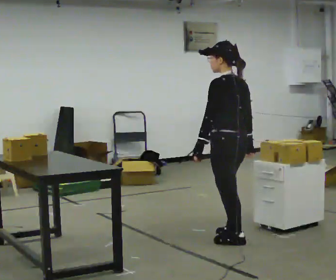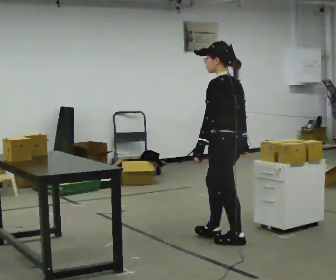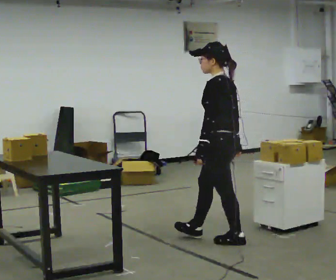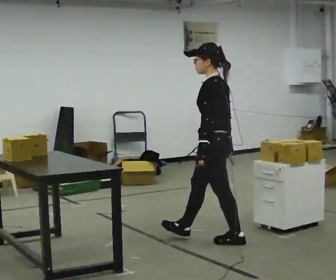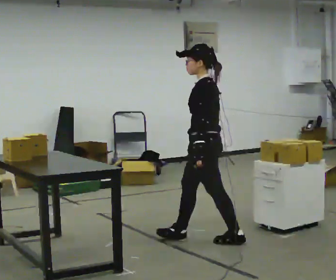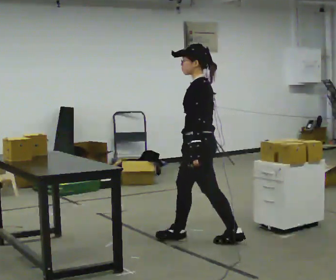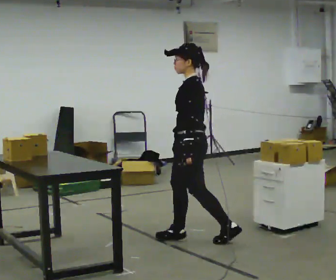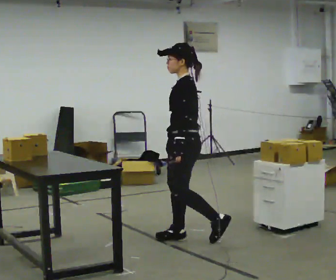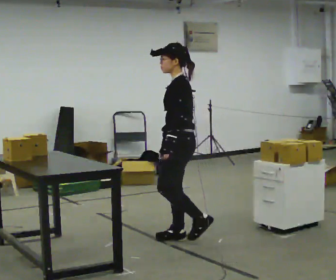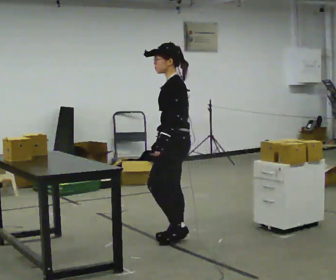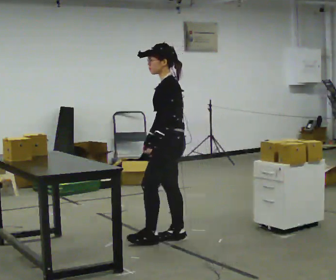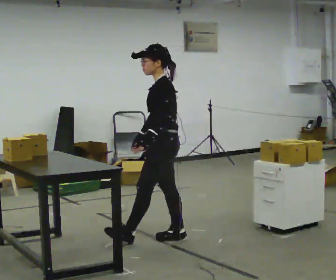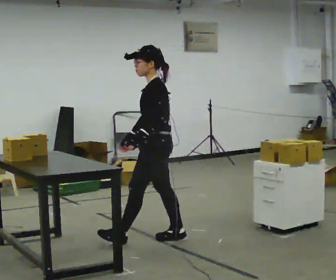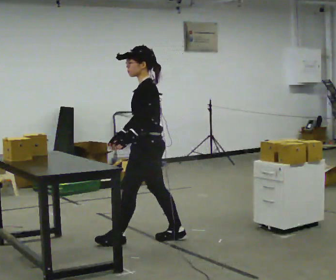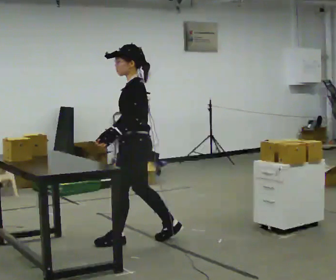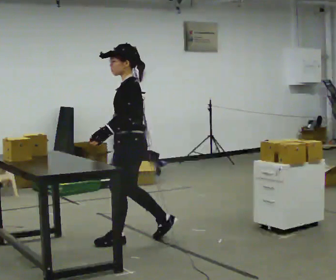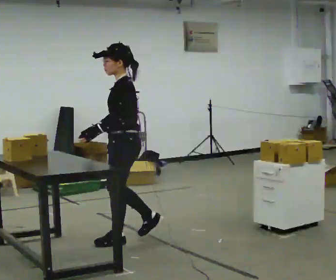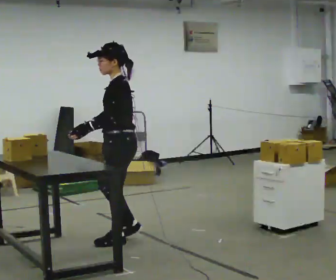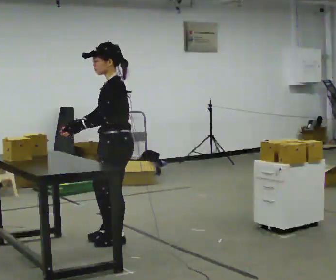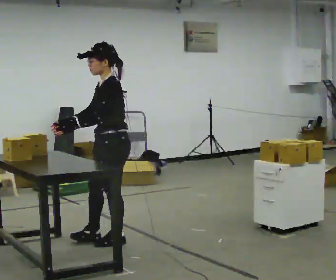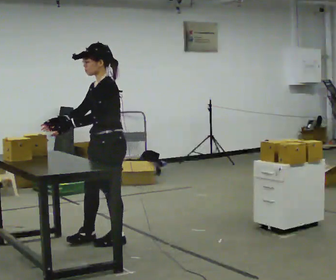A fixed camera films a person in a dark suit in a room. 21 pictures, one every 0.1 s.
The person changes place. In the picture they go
to the left.
The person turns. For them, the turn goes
to their left.
0.0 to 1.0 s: Seen from above the body turns counterclockwise, about 45 degrees: to their left, with its near side sliding to the right. In the picture they go to the left, about 0.5 m in 1 step, which for them is forward.
1.0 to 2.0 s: In the picture they go to the left, about 0.5 m in 2 steps, which for them is forward.
The film runs forward here.
